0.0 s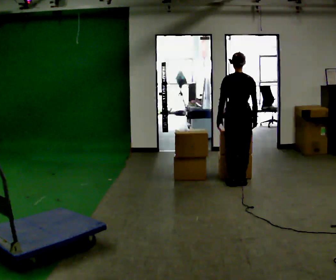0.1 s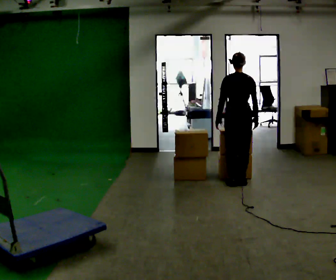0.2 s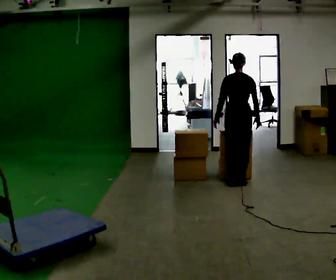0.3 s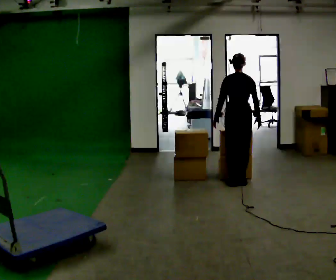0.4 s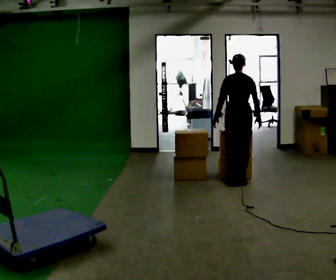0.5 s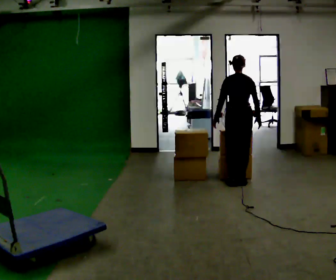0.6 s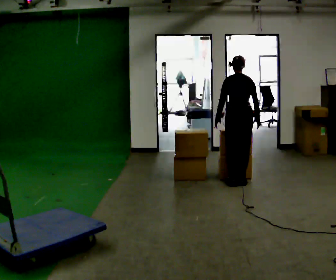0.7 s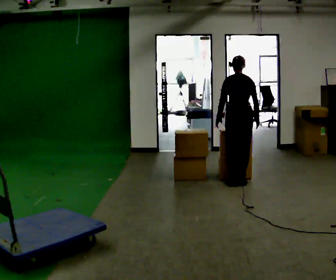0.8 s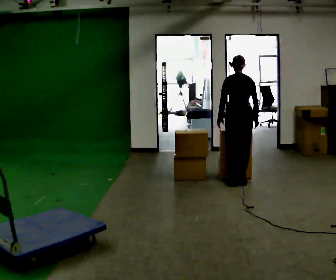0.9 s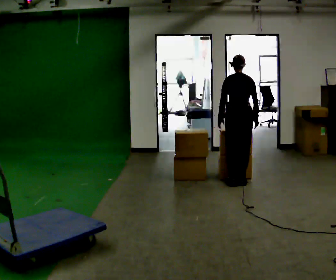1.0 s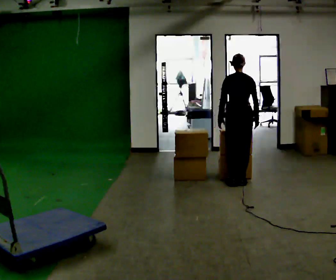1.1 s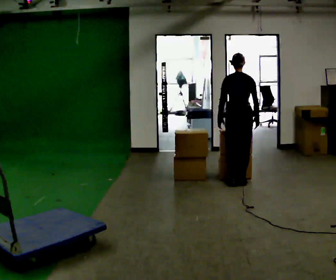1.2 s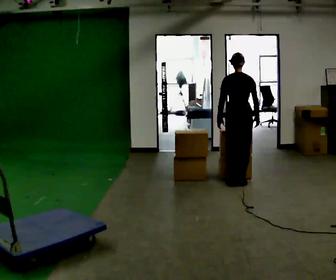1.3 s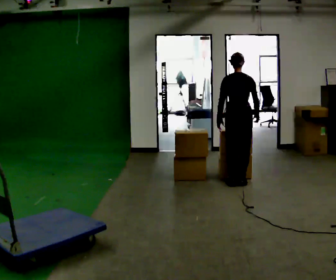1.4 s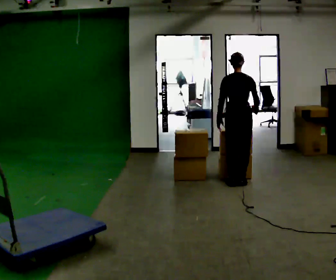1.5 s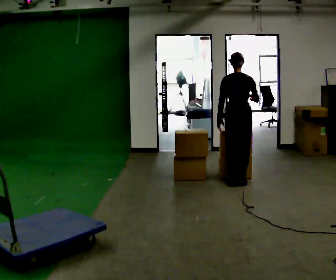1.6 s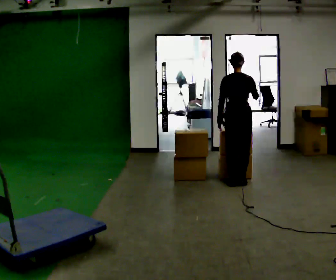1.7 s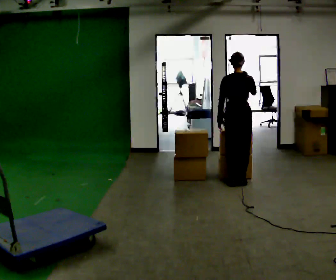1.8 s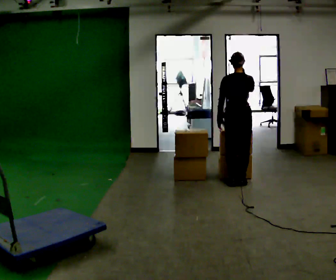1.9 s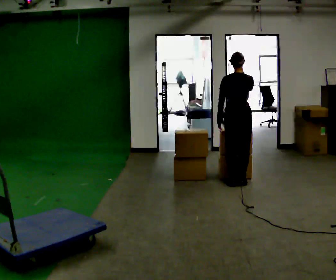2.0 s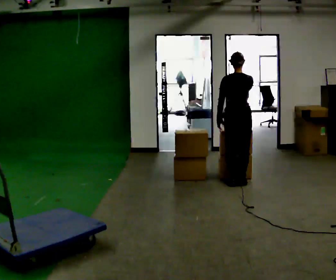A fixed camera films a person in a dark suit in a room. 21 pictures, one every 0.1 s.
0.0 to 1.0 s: The person moves a little, or ends about where they began.
1.0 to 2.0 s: In the picture their right hand goes upward.
The film runs forward here.
